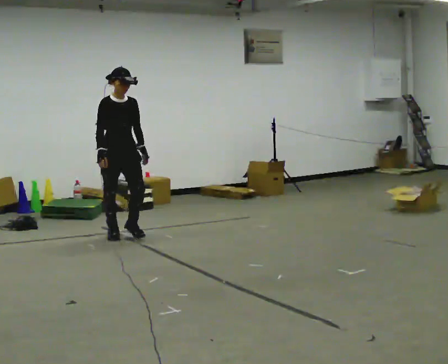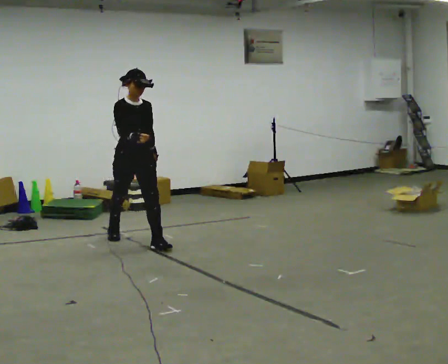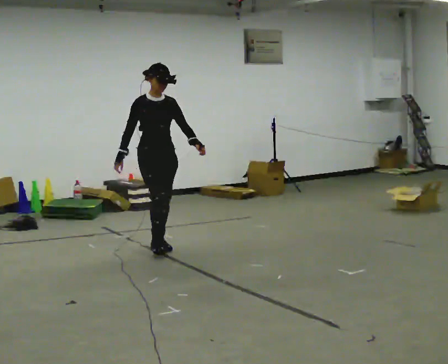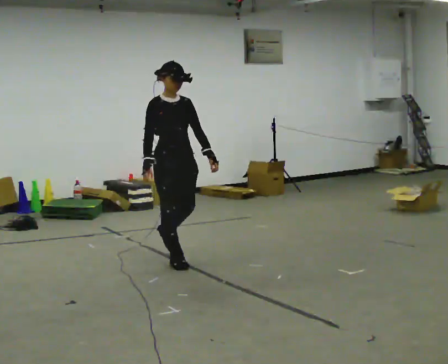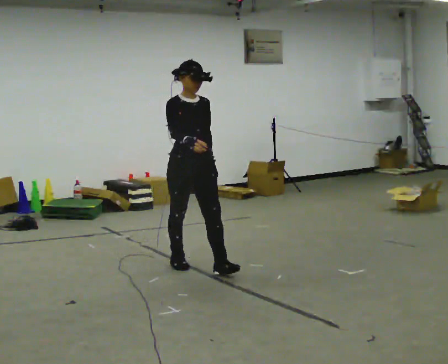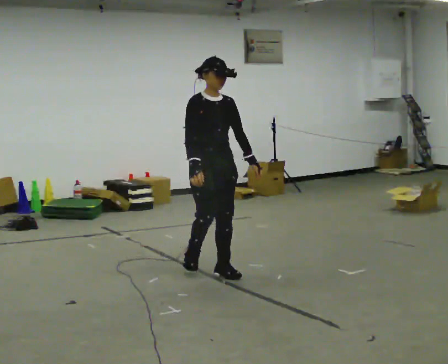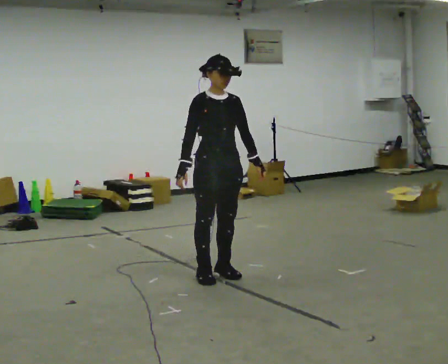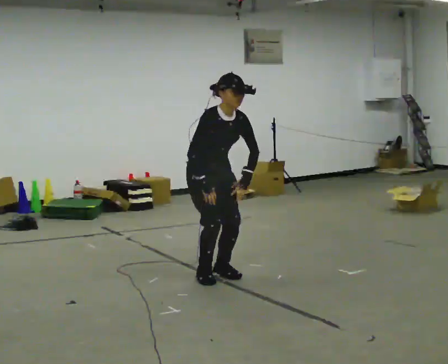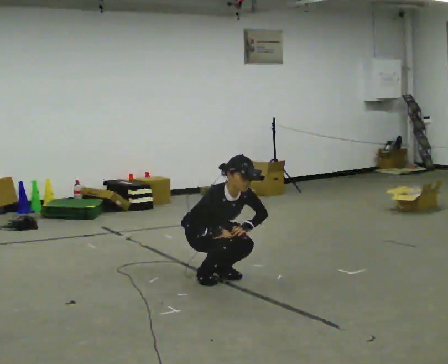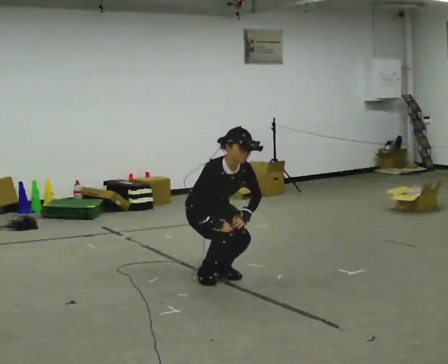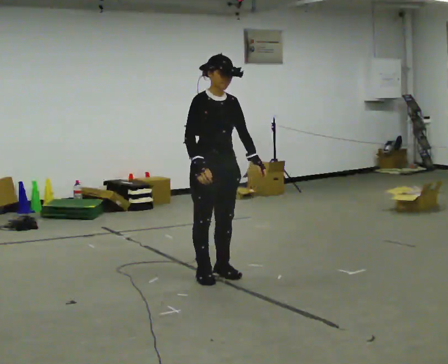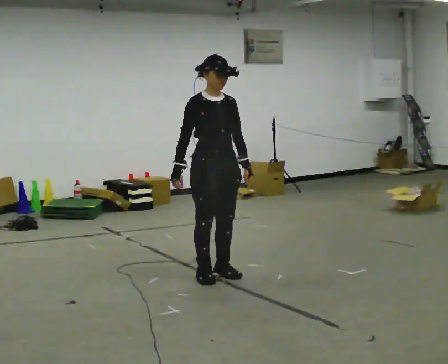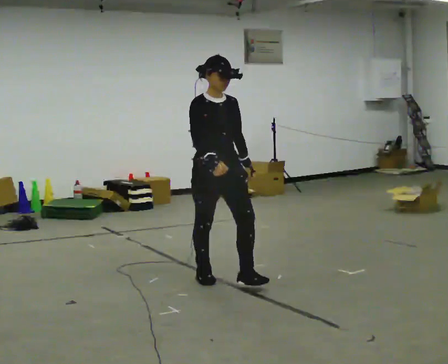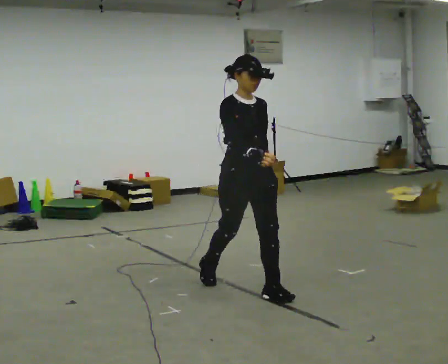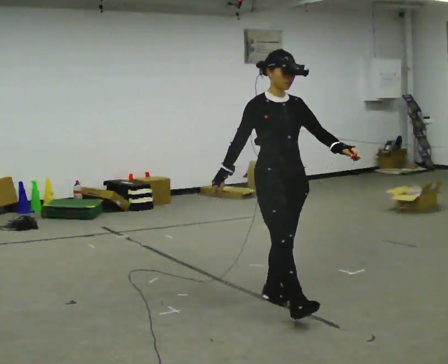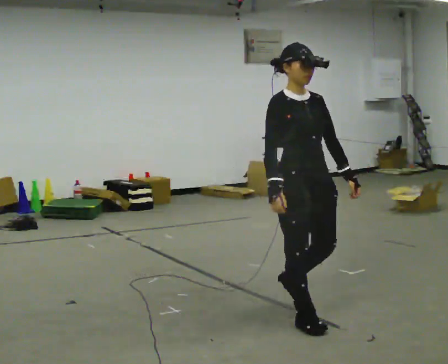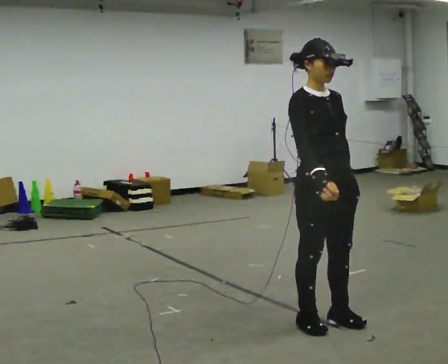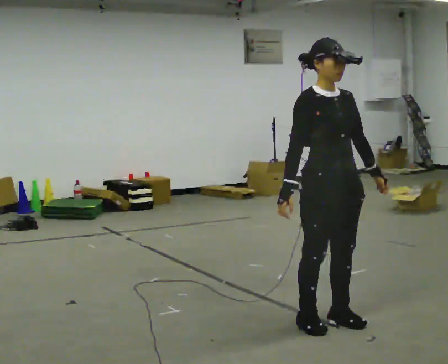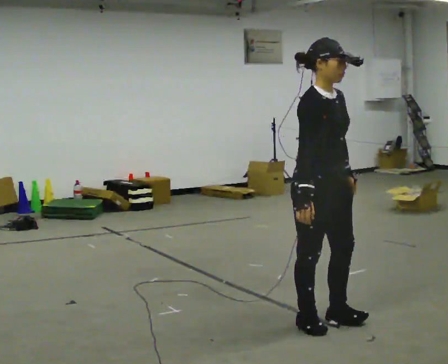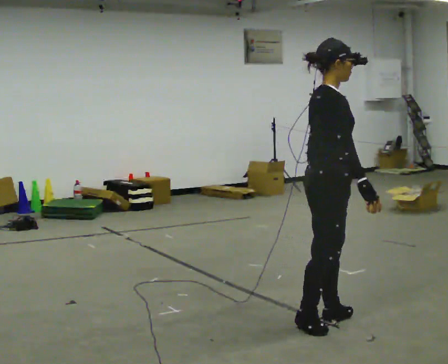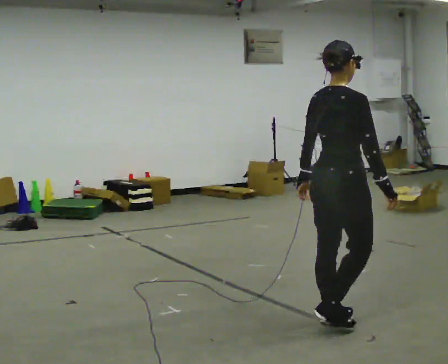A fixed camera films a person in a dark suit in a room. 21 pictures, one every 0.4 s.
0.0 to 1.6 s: In the picture they go toward the camera and to the right, about 1.5 m in 3 steps, which for them is forward.
1.6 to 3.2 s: In the picture they go toward the camera, about 0.25 m in 1 step, which for them is forward. The shoulders move downward. The upper body tips toward the camera, its near side rolling downward, as they bend forward. In the picture their right hand goes downward.
3.2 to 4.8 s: In the picture they go toward the camera, about 0.25 m, which for them is forward. The shoulders move upward. The upper body tips away from the camera, its near side rolling upward, as they lean back or straighten. In the picture their right hand goes upward.
4.8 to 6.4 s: In the picture they go toward the camera and to the right, about 1 m in 3 steps, which for them is forward.
6.4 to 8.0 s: Seen from above the body turns counterclockwise, about 90 degrees: to their left, with its near side sliding to the right.
The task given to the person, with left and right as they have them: Walk; crouch comfortably at marker; remain briefly; stand and continue.
The film runs forward here.
